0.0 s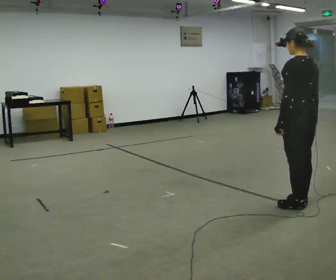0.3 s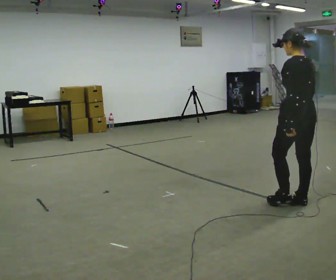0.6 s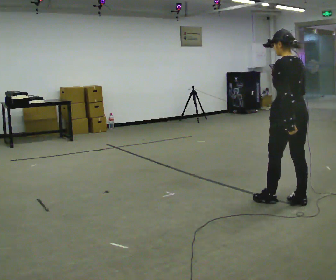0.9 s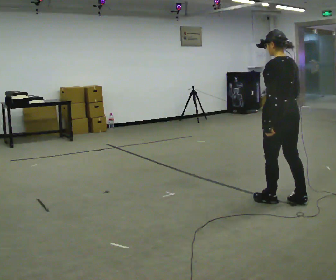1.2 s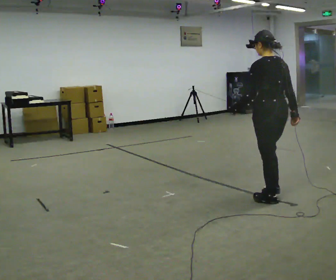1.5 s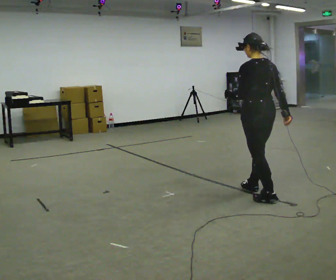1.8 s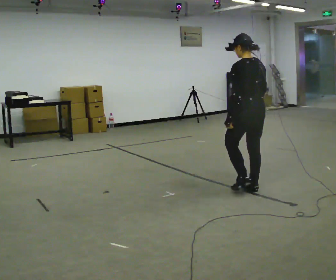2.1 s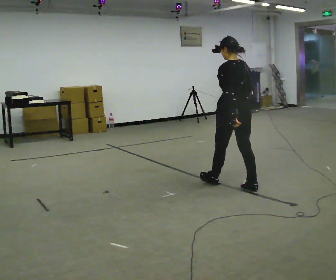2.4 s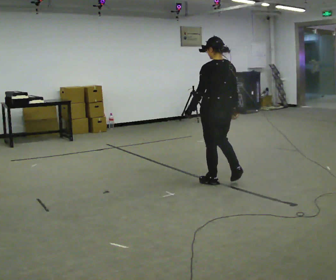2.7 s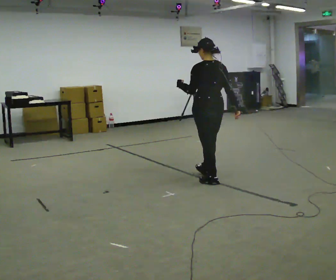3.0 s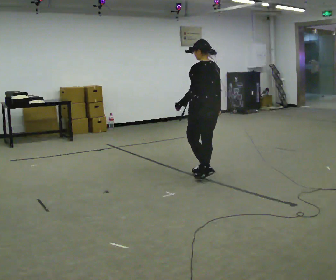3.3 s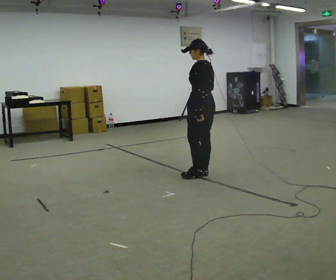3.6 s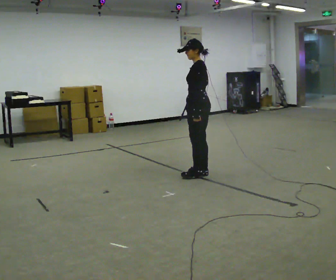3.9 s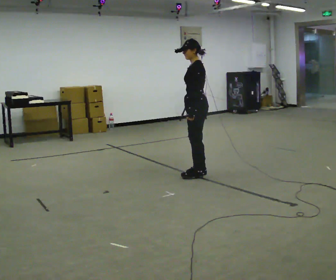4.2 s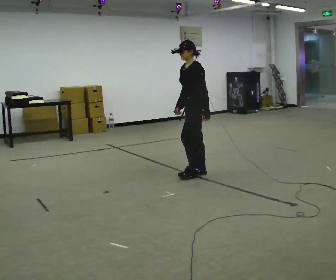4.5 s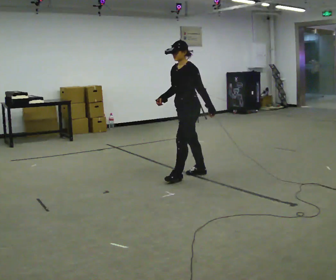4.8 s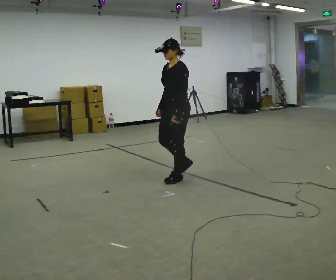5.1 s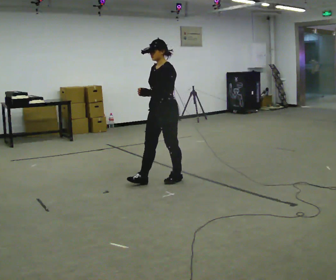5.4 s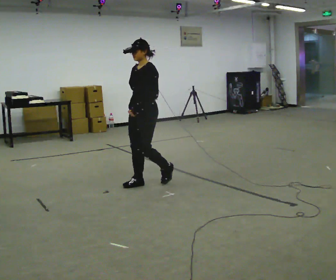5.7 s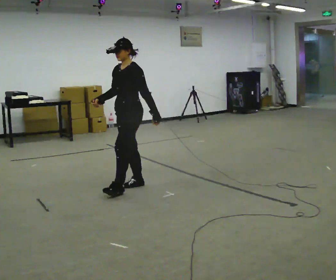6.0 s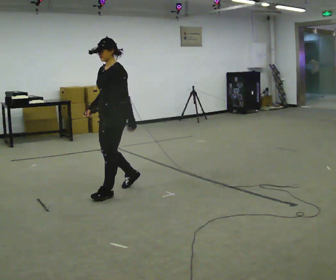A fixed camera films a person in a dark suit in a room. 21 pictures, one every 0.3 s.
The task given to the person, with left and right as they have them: Walk straight; turn 90° left/right while continuing to walk; continue.
0.0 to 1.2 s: In the picture they go to the left and away from the camera, about 0.25 m in 1 step, which for them is forward.
1.2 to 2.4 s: In the picture they go away from the camera and to the left, about 1 m in 2 steps, which for them is forward.
2.4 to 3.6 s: The part of the body nearest the lens slides to the right as the person turns to their left by about 45 degrees. In the picture they go away from the camera and to the left, about 0.5 m in 2 steps, which for them is forward.
3.6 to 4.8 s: Seen from above the body turns counterclockwise, about 45 degrees: to their left, with its near side sliding to the right. In the picture they go to the left, about 0.25 m in 1 step, which for them is forward.
4.8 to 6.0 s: In the picture they go to the left and toward the camera, about 1 m in 2 steps, which for them is forward.
The film runs forward here.
